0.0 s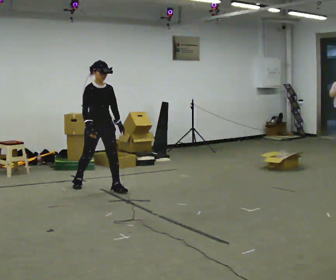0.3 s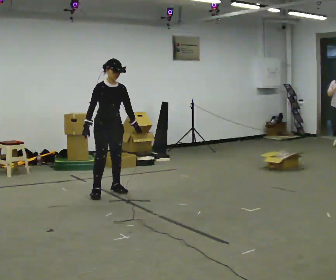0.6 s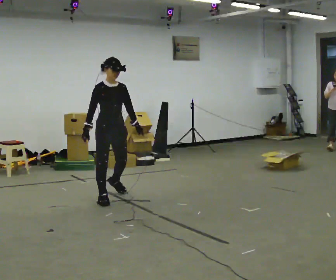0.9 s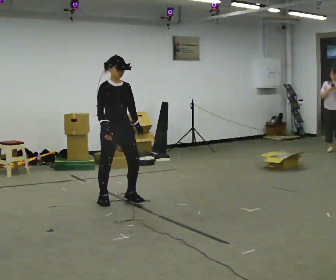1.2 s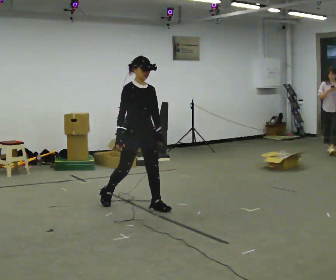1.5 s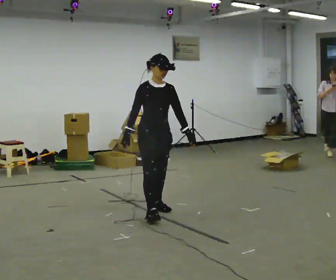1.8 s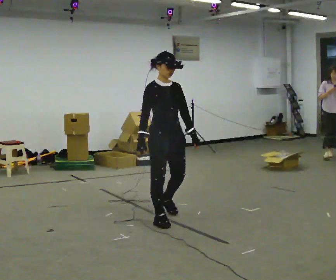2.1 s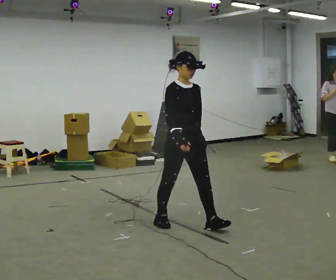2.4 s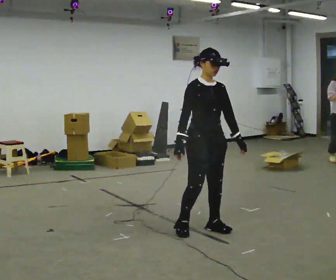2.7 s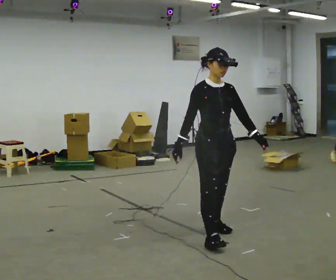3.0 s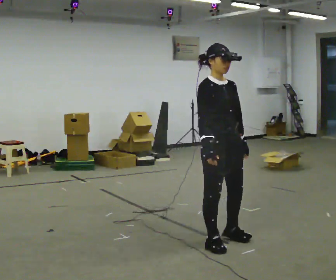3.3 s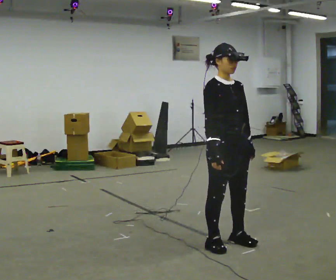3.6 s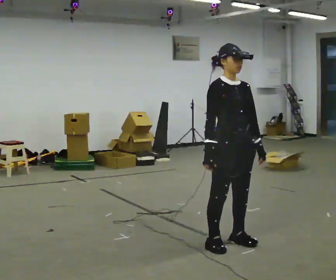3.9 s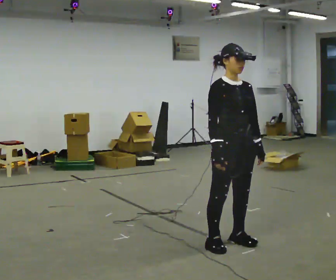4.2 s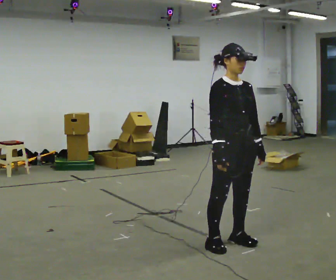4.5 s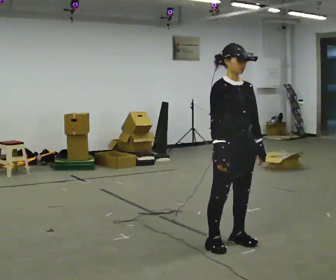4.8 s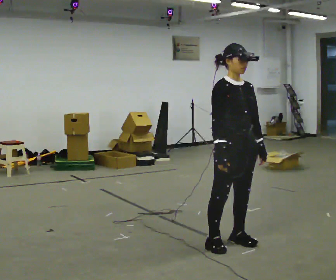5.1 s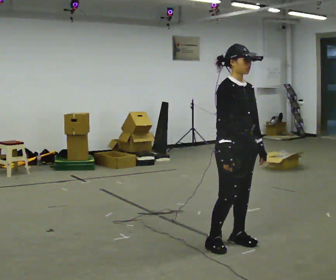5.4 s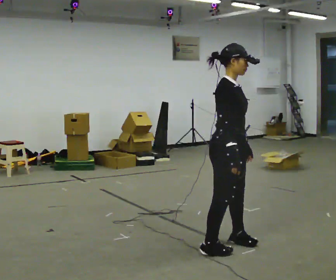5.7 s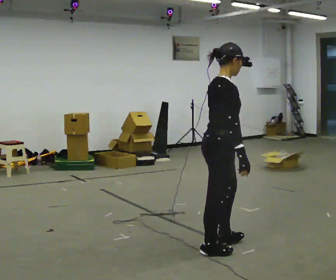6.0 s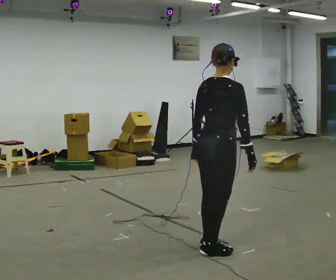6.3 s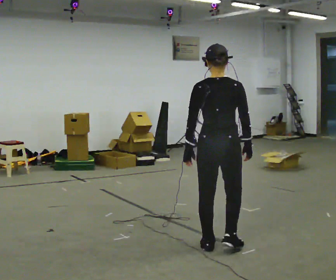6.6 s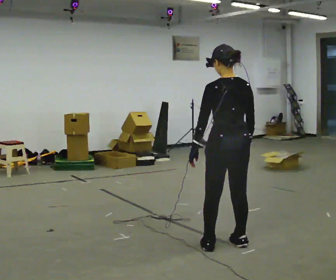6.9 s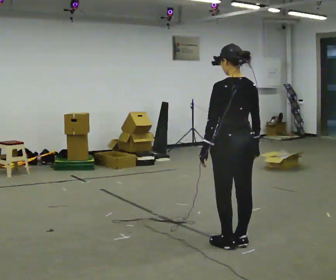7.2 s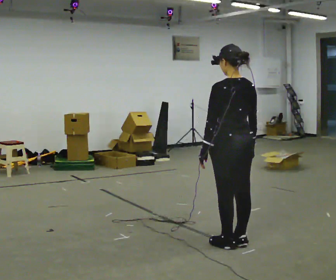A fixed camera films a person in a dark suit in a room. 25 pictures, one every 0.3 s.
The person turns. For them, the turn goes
to their left.
The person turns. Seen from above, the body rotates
counterclockwise.
0.0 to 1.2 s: In the picture they go to the right and toward the camera, about 1 m in 2 steps, which for them is forward.
1.2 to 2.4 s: In the picture they go to the right and toward the camera, about 1 m in 2 steps, which for them is forward.
2.4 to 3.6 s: In the picture they go toward the camera and to the right, about 0.5 m in 2 steps, which for them is forward.
3.6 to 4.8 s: The person moves a little, or ends about where they began.
4.8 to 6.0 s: The part of the body nearest the lens slides to the right as the person turns to their left by about 105 degrees. In the picture their left hand goes to the left, the arm swinging clockwise.
6.0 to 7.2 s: The person turns about 60 degrees to their left, counterclockwise seen from above, so the part of the body nearest the lens slides to the right. In the picture they go away from the camera, about 0.25 m in 2 steps.
The film runs forward here.
